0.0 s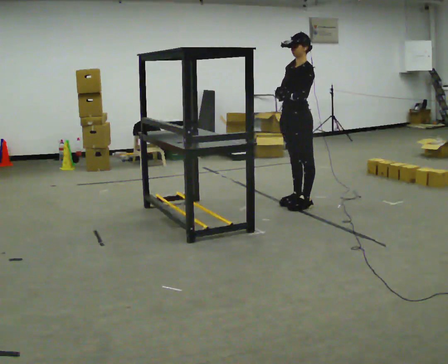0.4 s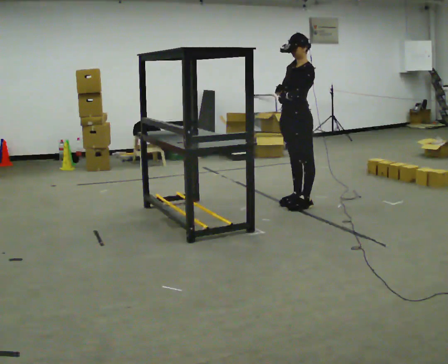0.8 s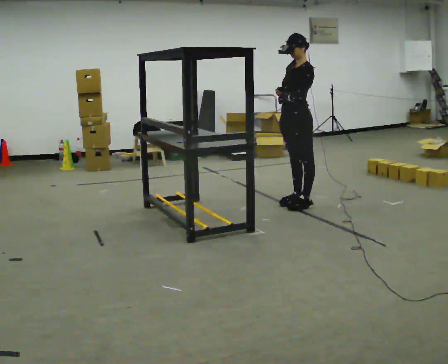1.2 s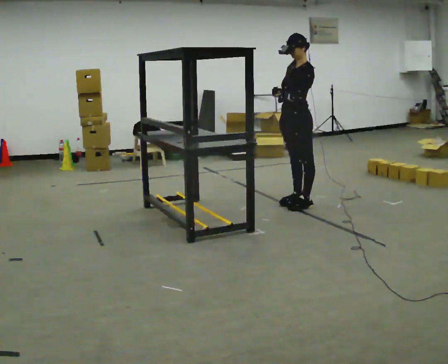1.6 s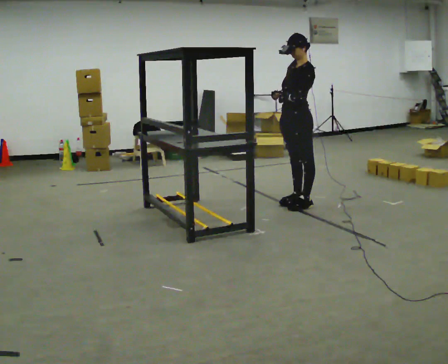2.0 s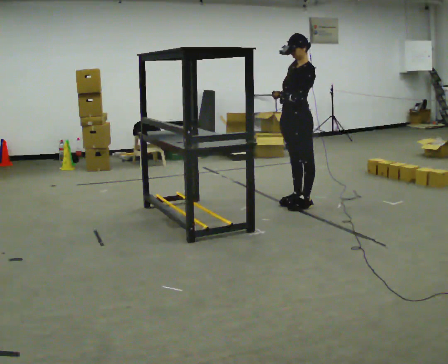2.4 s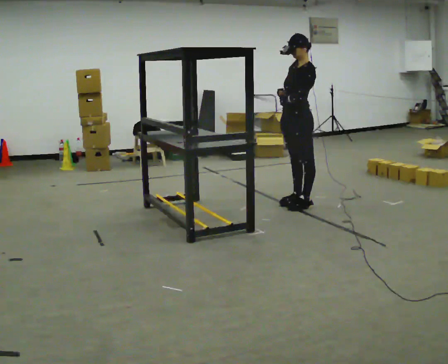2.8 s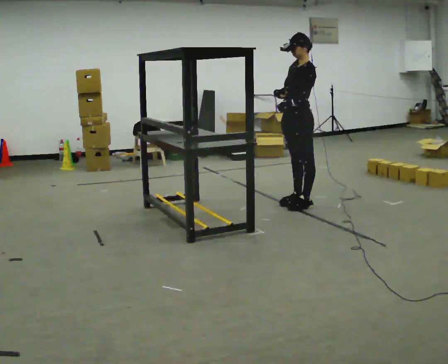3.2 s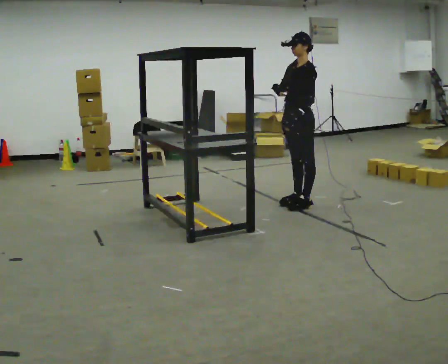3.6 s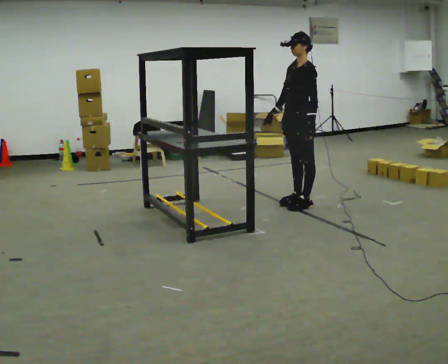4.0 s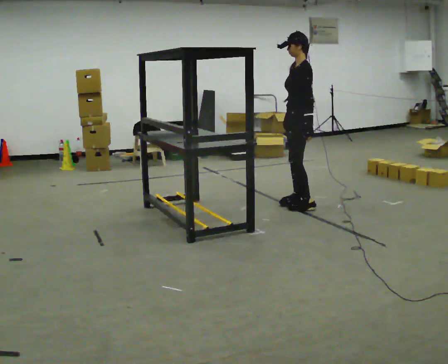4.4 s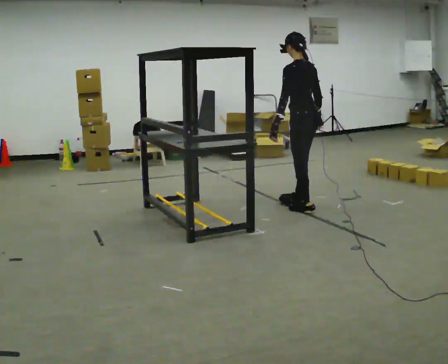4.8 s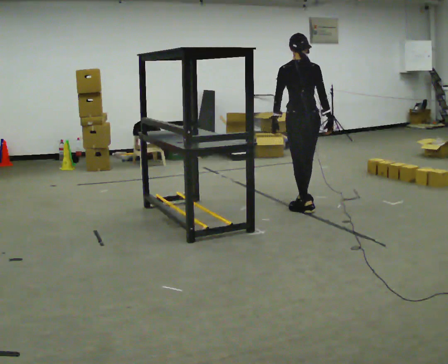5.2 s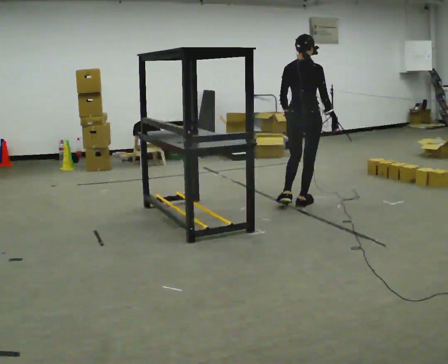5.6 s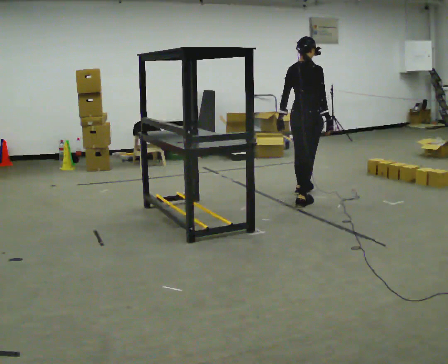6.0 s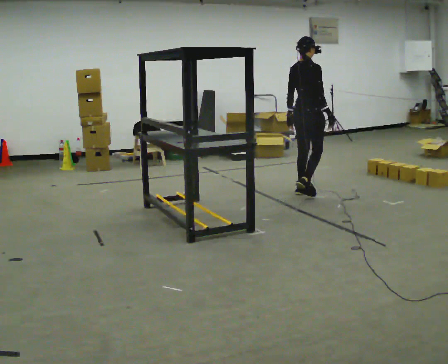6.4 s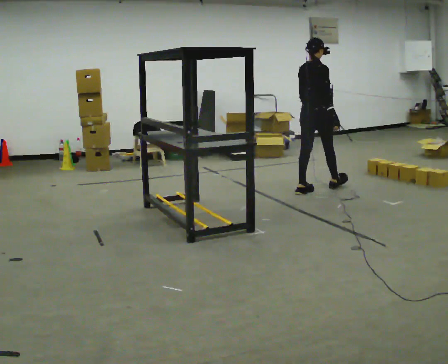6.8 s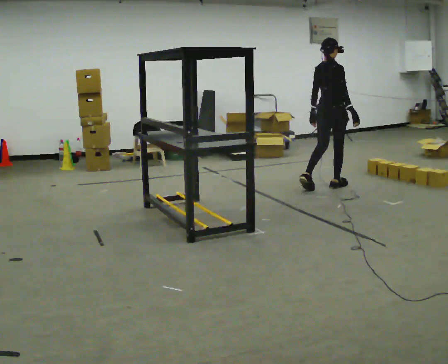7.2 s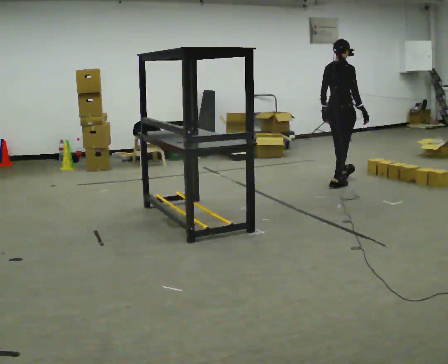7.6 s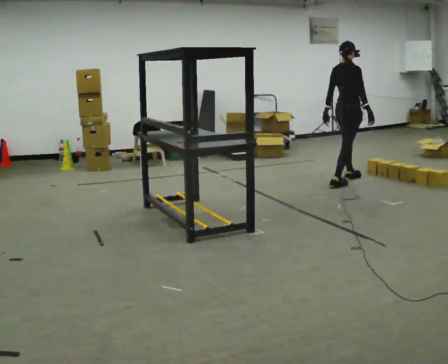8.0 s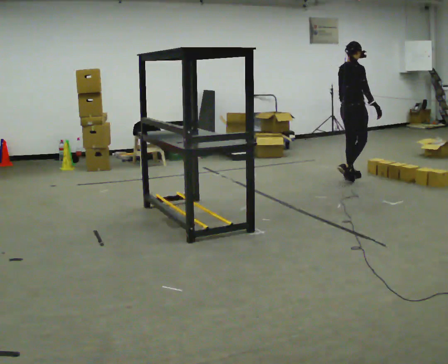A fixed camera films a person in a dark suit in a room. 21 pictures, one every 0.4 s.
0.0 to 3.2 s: The person moves a little, or ends about where they began.
3.2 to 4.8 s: Seen from above the body turns clockwise, about 120 degrees: to their right, with its near side sliding to the left. In the picture their right hand goes to the right, the arm swinging counterclockwise.
4.8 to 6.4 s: Seen from above the body turns clockwise, about 45 degrees: to their right, with its near side sliding to the left. In the picture they go away from the camera, about 0.75 m in 2 steps, which for them is forward and to their left.
6.4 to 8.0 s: In the picture they go away from the camera and to the right, about 0.5 m in 1 step, which for them is forward.
The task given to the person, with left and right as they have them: Pick an object up off the floor at one end of the room, carry it across, and place it on the waist-height shelf at the other end. Keep going until the operator says stop; one object at a time, and do not rush between trips.
The film runs forward here.
